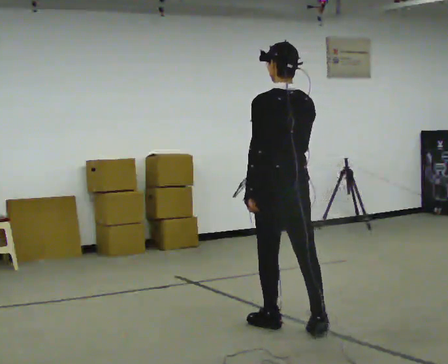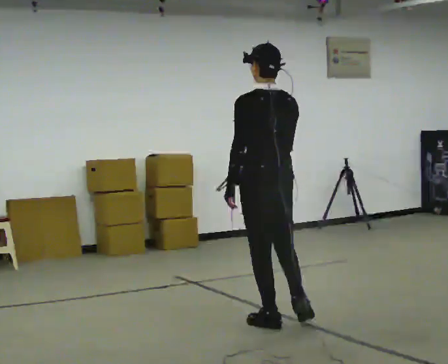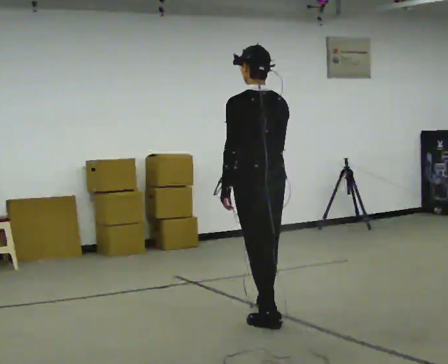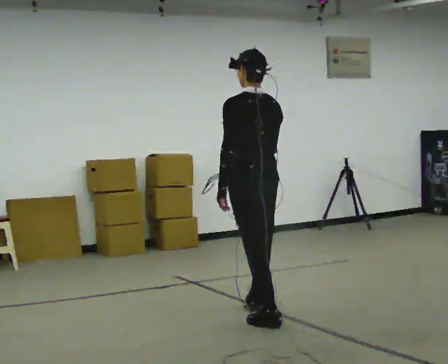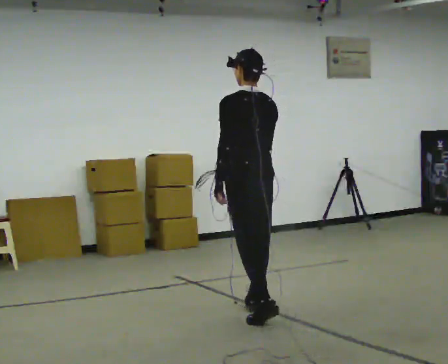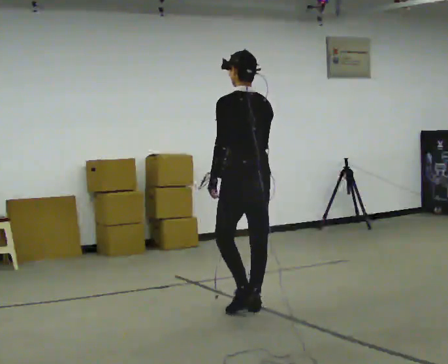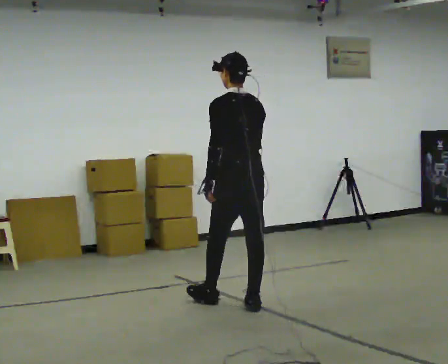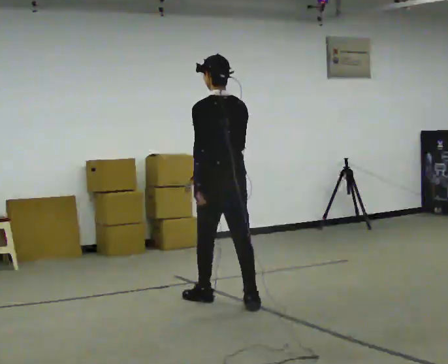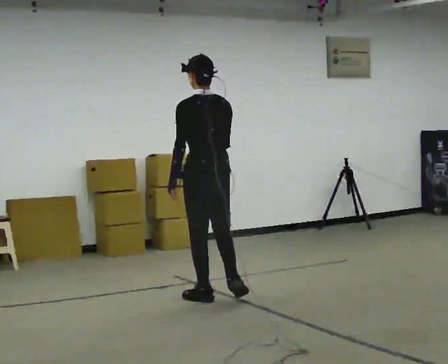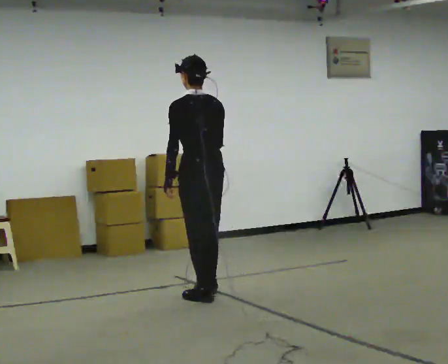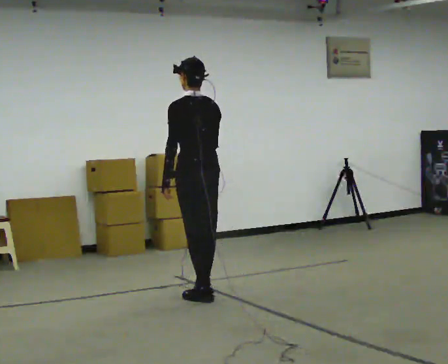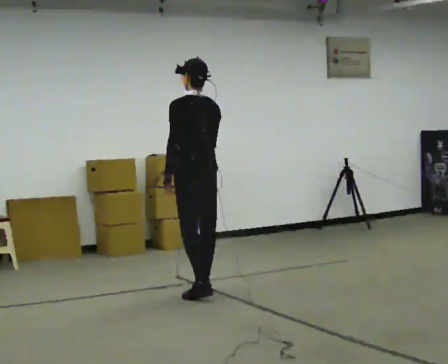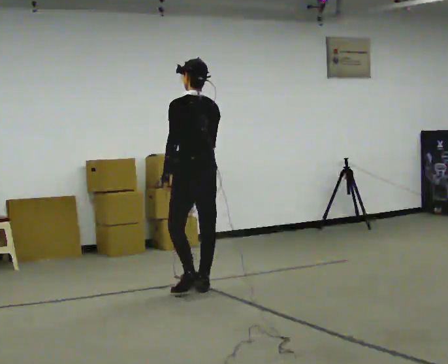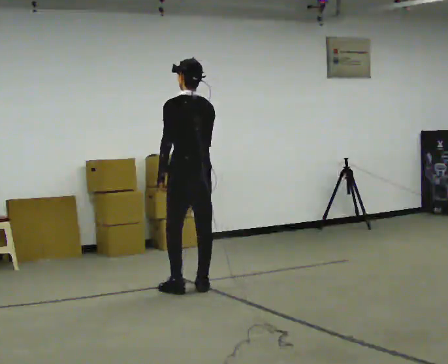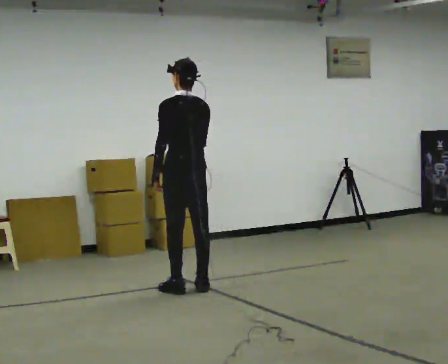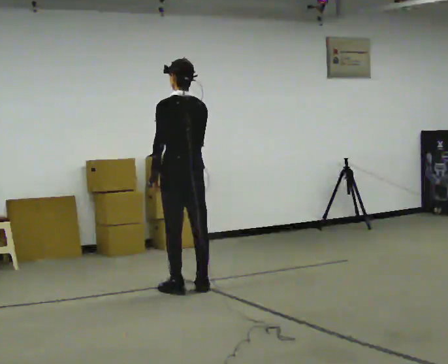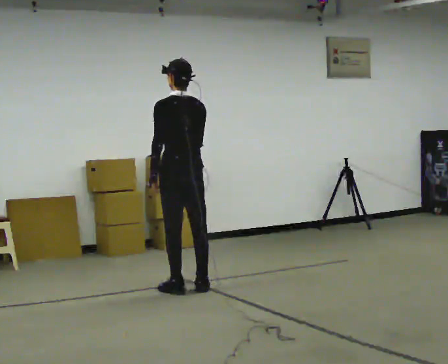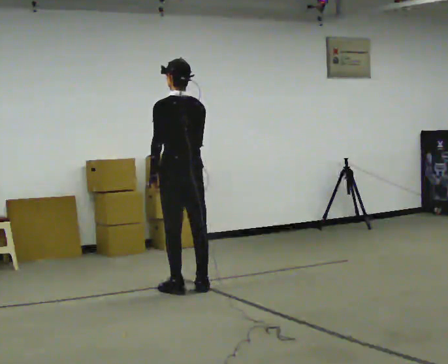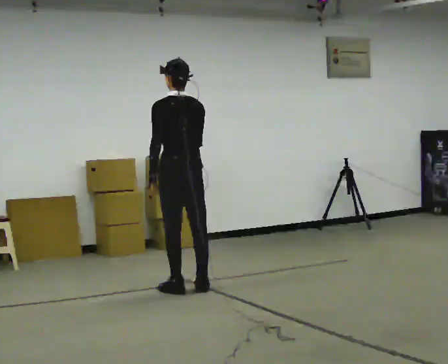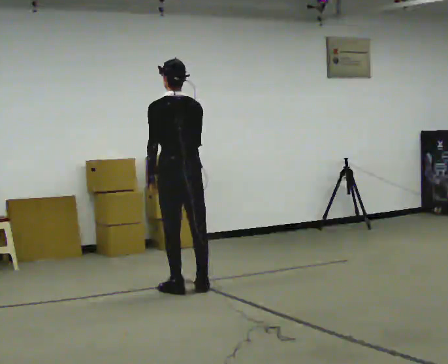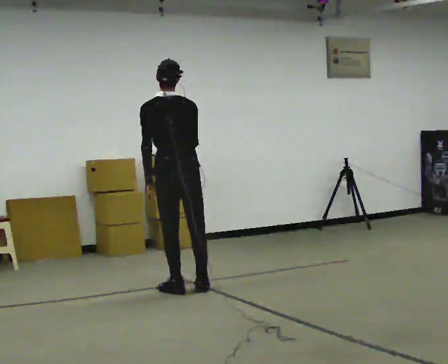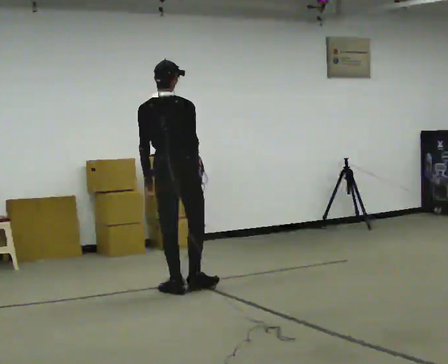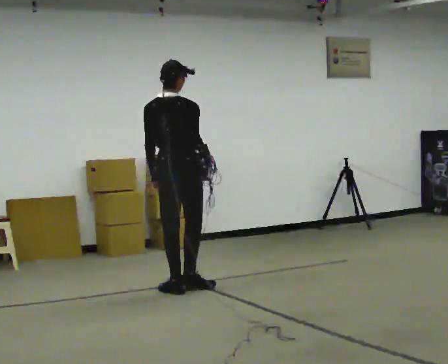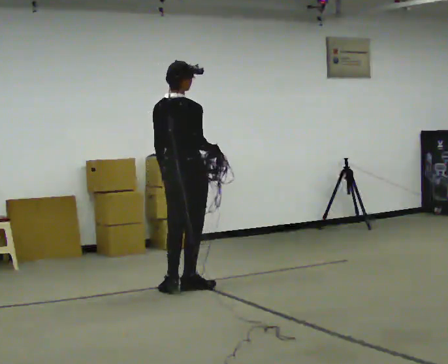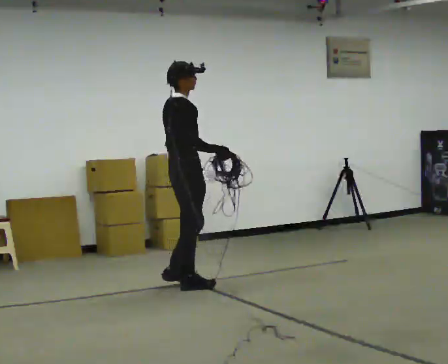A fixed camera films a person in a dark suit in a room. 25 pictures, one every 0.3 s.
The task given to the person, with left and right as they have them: Pick up the coiled hose, carry it across the room, and set it down. It will move around as you walk. Keep going until the operator says stop; one object at a time, and do not rush between trips.
0.0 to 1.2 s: In the picture they go away from the camera, about 0.5 m in 1 step, which for them is forward.
1.2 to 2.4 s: In the picture they go away from the camera and to the left, about 0.5 m in 1 step, which for them is forward.
2.4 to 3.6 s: In the picture they go away from the camera, about 0.25 m in 1 step, which for them is forward.
3.6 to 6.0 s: In the picture they go to the left, about 0.25 m in 1 step, which for them is to their left.
6.0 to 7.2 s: The part of the body nearest the lens slides to the left as the person turns to their right by about 75 degrees.
The film runs forward here.
